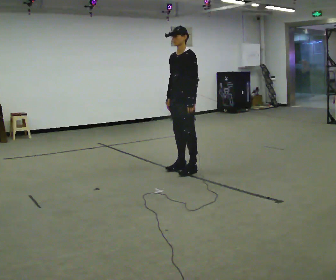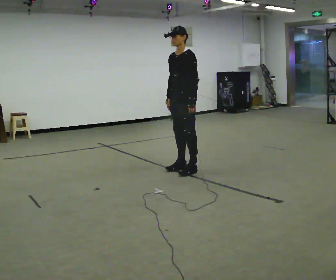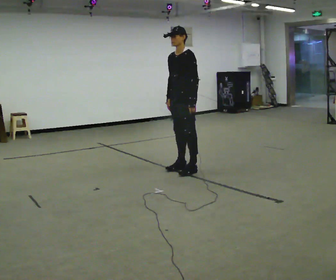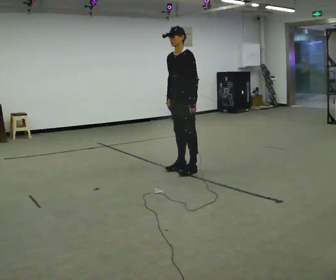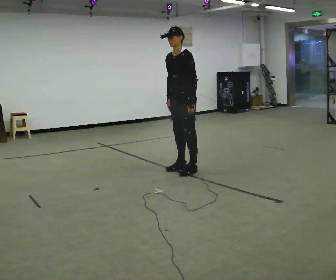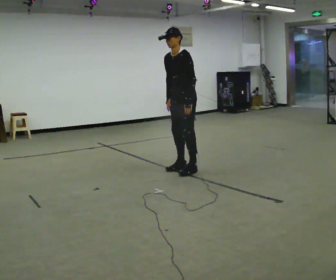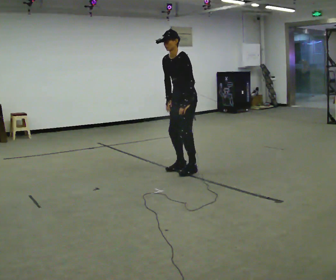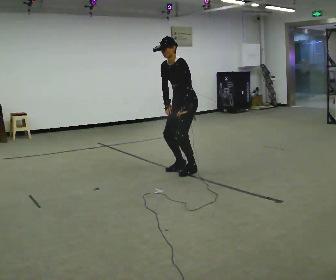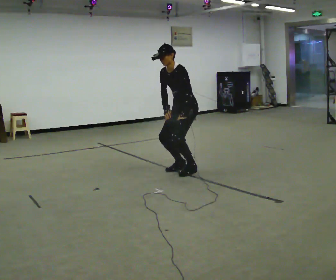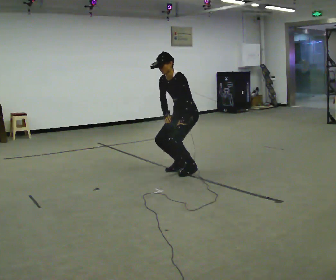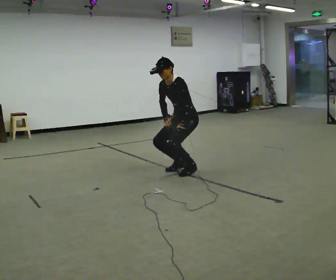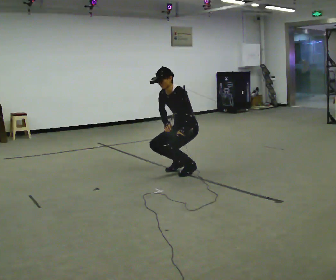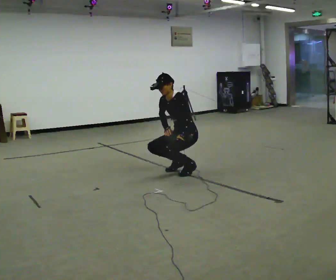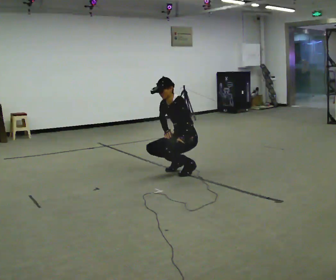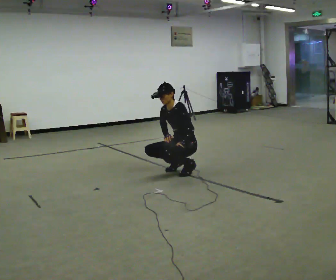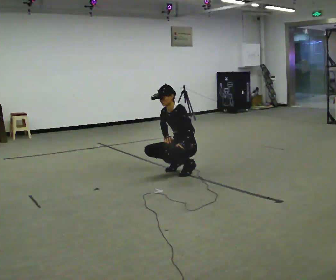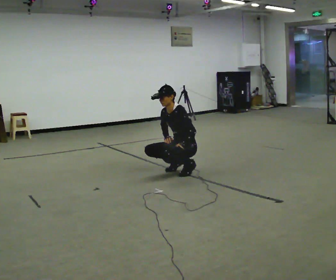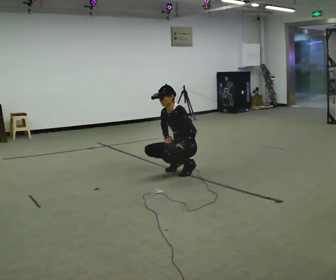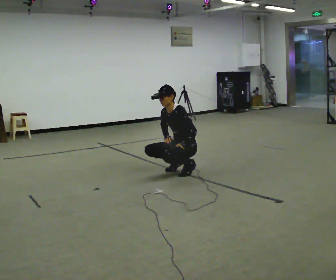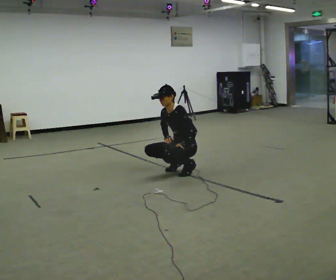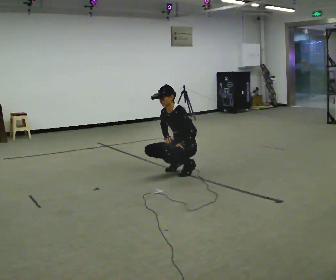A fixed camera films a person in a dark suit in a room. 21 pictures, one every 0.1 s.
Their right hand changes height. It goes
downward.
The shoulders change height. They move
downward.
0.0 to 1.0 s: The upper body goes downward. In the picture the upper body tilts counterclockwise, shoulders to the left, as they bend forward.
1.0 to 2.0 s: The shoulders move downward.
The film runs backward here.
